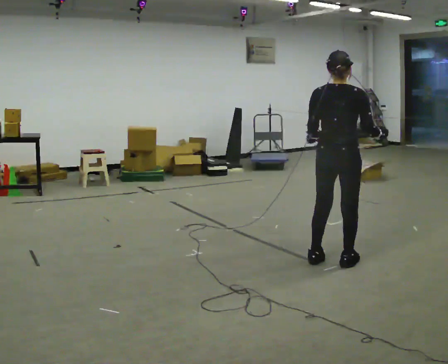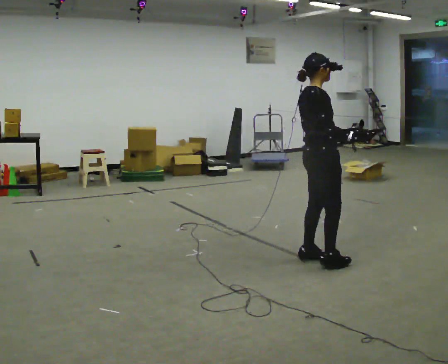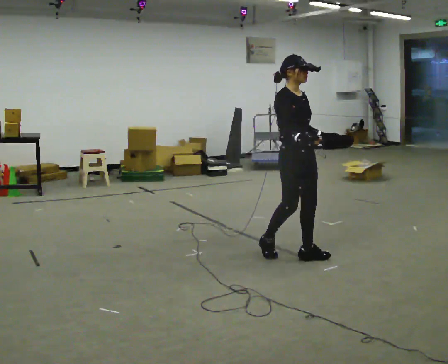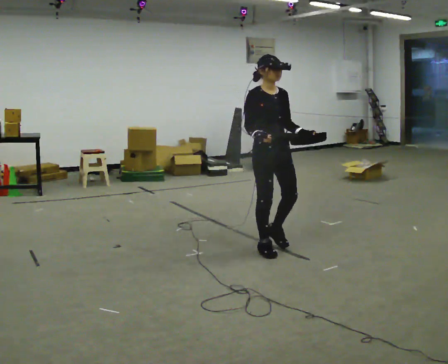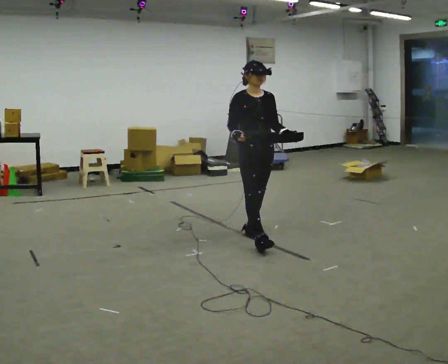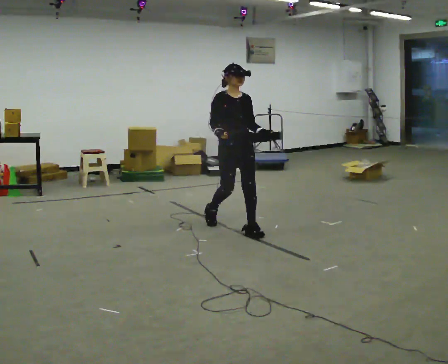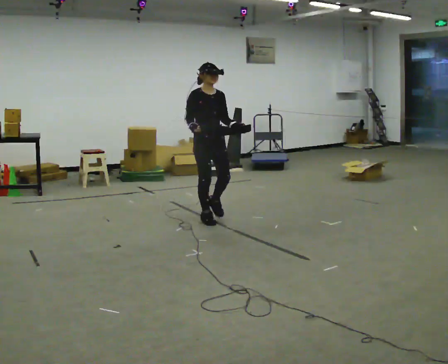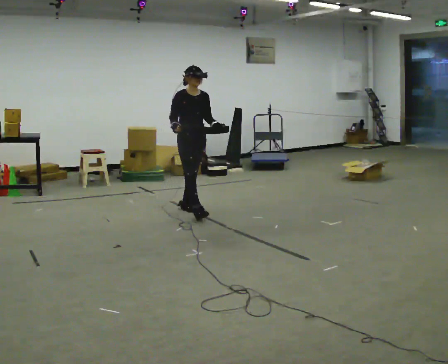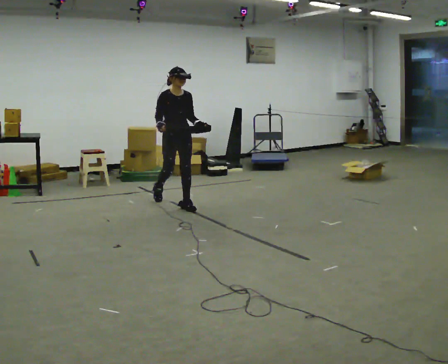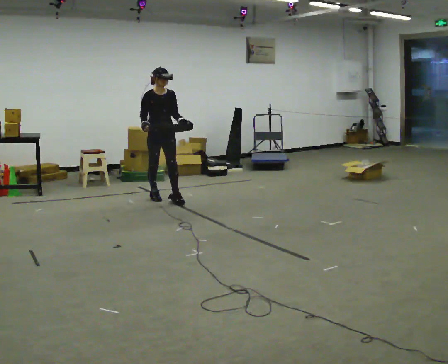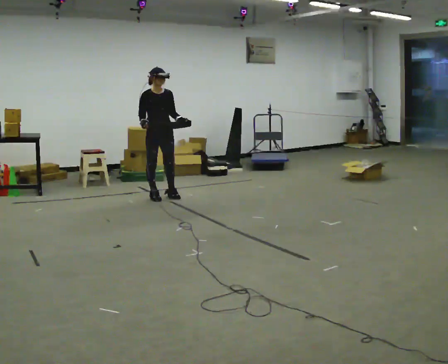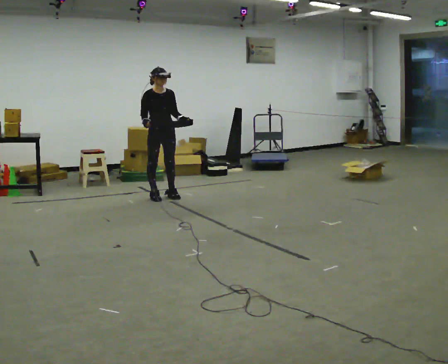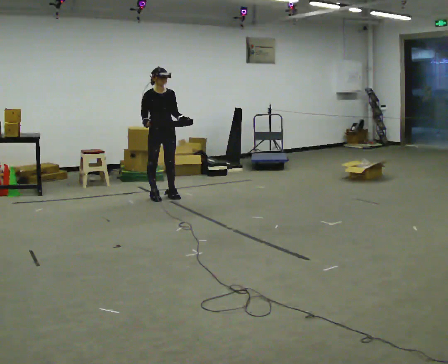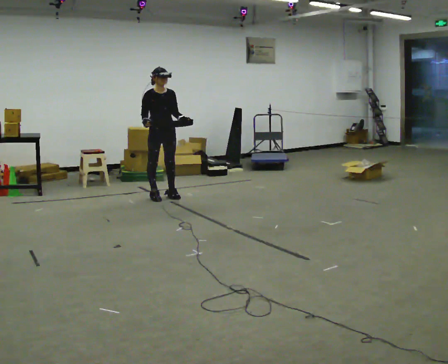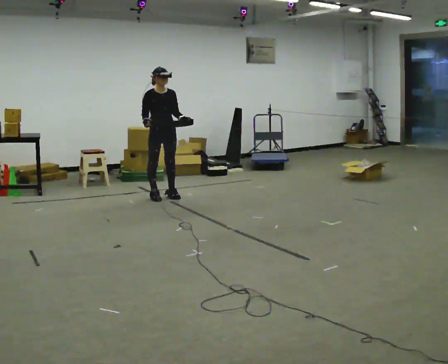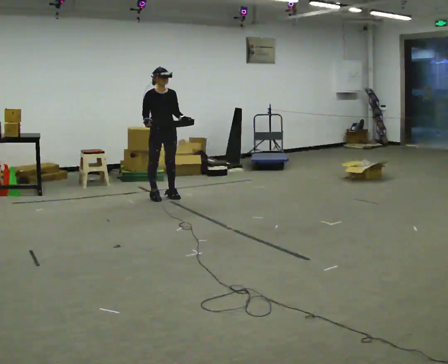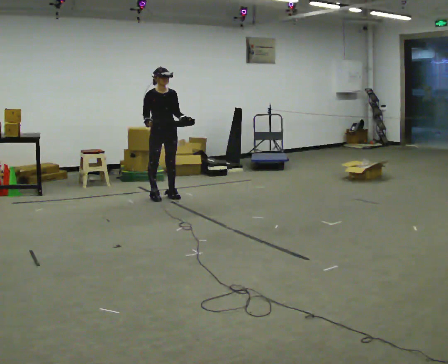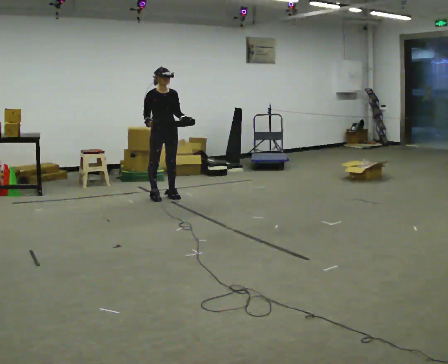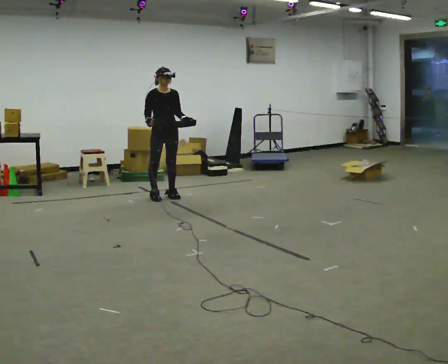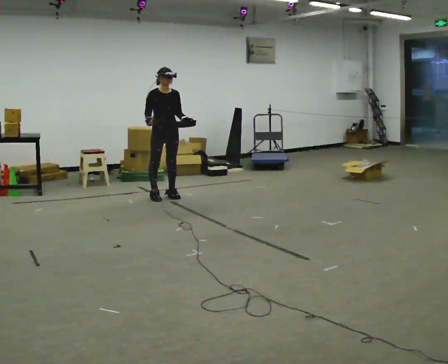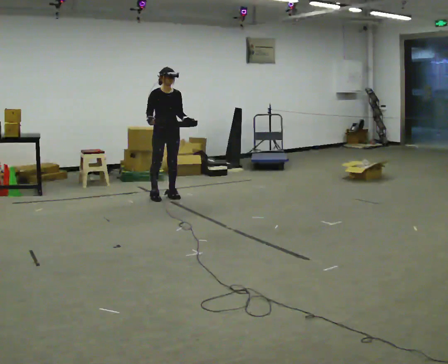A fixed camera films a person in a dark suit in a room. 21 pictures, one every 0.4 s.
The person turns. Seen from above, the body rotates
clockwise.
The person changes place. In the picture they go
away from the camera.
0.0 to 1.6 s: The part of the body nearest the lens slides to the left as the person turns to their right by about 135 degrees. In the picture they go away from the camera and to the left, about 1 m in 3 steps.
1.6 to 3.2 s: In the picture they go away from the camera and to the left, about 1.5 m in 2 steps, which for them is backward.
3.2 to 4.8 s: In the picture they go away from the camera and to the left, about 0.5 m in 1 step, which for them is backward.
4.8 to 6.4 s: The person keeps their place and pose.
6.4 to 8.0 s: The person moves a little, or ends about where they began.
The film runs backward here.
